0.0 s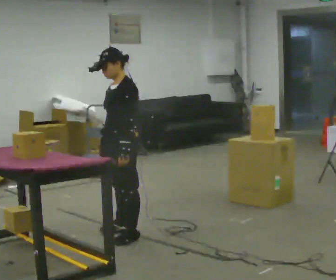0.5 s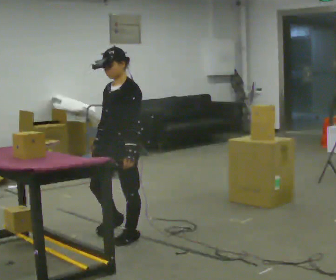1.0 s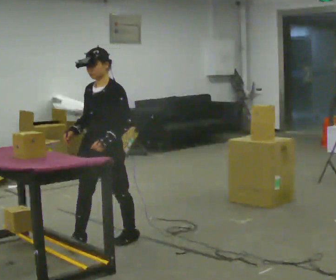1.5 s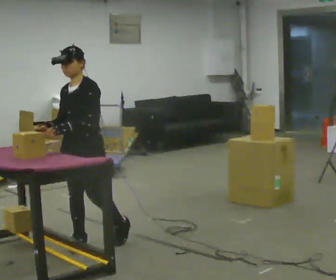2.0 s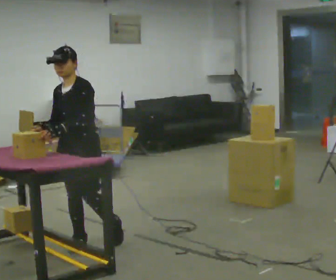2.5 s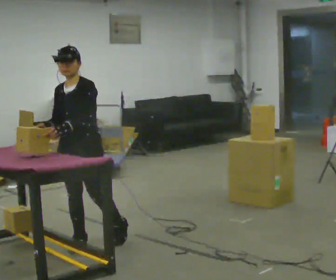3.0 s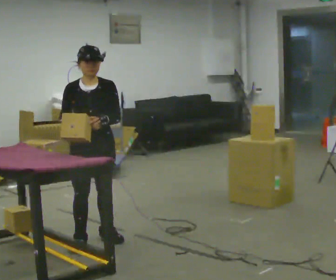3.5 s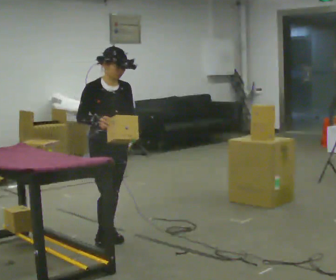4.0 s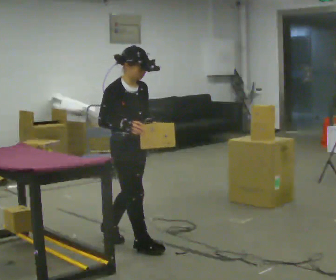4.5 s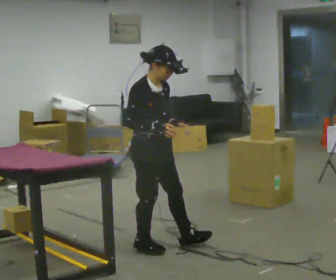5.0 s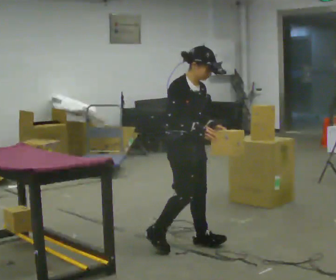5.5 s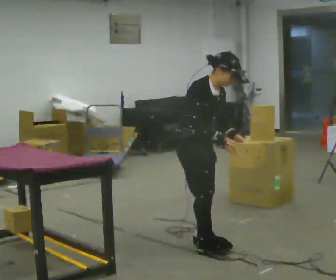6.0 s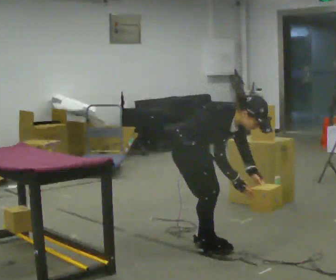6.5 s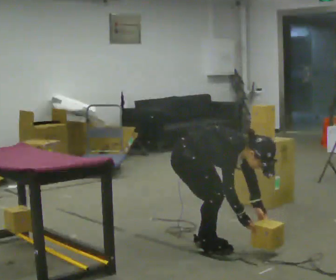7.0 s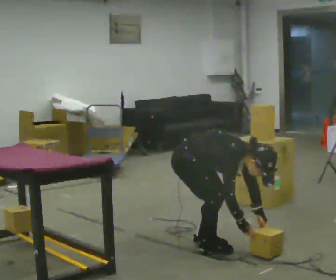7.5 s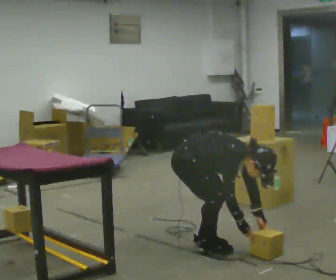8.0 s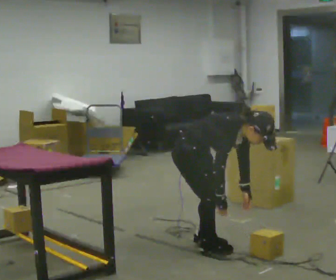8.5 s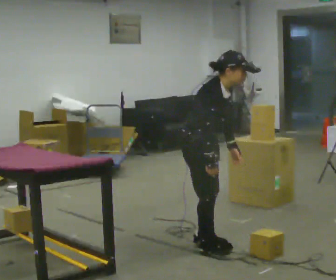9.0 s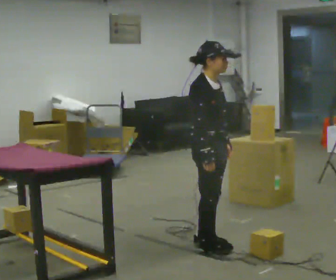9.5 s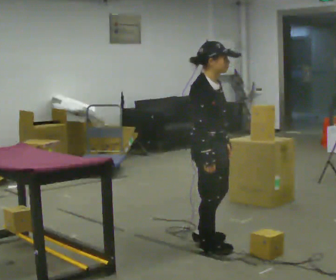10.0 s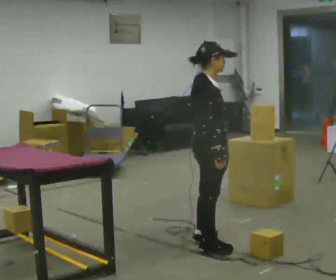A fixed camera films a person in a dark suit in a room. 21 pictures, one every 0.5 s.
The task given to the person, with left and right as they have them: 1. The operator will tell you the shelf is already sorted and just needs moving to the table. 2. Do what you think is right. 3. Tell the operator when you are finished.
0.0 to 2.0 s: Seen from above the body turns counterclockwise, about 30 degrees: to their left, with its near side sliding to the right. In the picture they go to the left and toward the camera, about 0.25 m in 1 step, which for them is forward.
2.0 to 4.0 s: The person turns about 90 degrees to their left, counterclockwise seen from above, so the part of the body nearest the lens slides to the right. In the picture they go to the right, about 0.25 m in 1 step.
4.0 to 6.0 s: In the picture they go to the right, about 0.5 m in 2 steps, which for them is forward and to their left. The shoulders move downward. In the picture the upper body tilts clockwise, shoulders to the right, as they bend forward. In the picture their right hand goes downward.
6.0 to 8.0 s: The person moves a little, or ends about where they began.
8.0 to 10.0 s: Seen from above the body turns counterclockwise, about 30 degrees: to their left, with its near side sliding to the right. The shoulders move upward. In the picture the upper body tilts counterclockwise, shoulders to the left, as they lean back or straighten.
The film runs forward here.
